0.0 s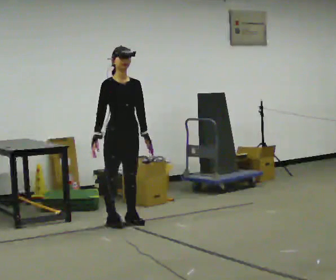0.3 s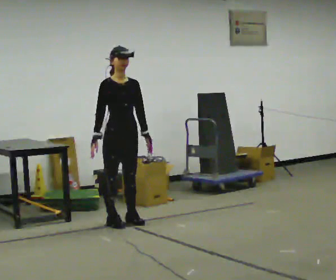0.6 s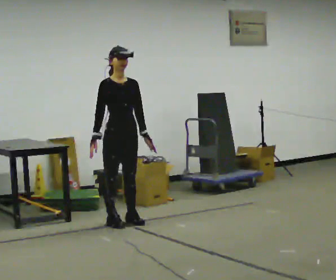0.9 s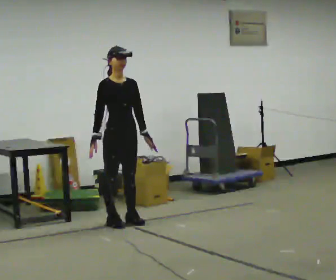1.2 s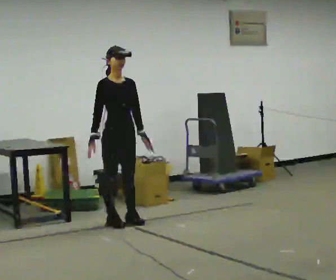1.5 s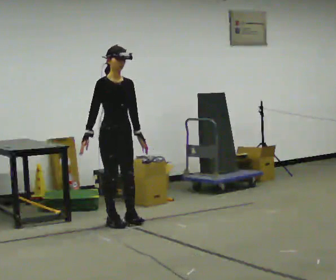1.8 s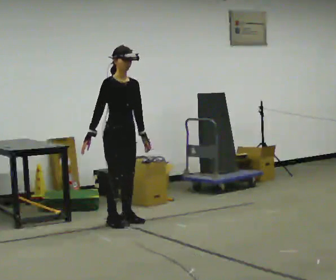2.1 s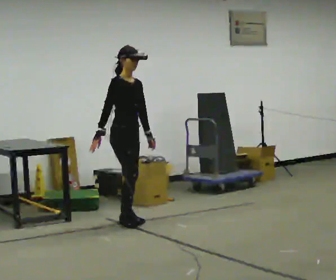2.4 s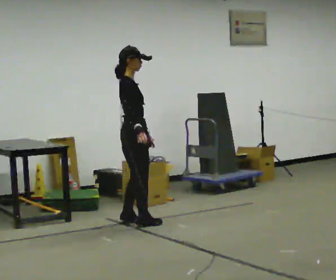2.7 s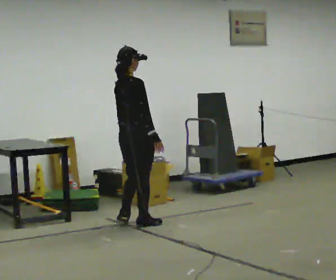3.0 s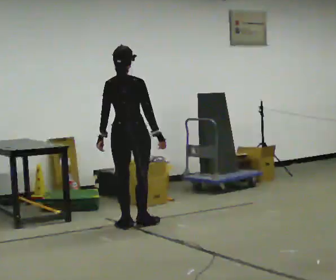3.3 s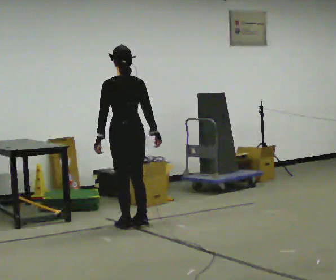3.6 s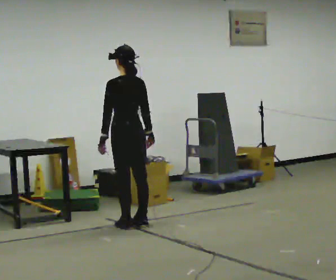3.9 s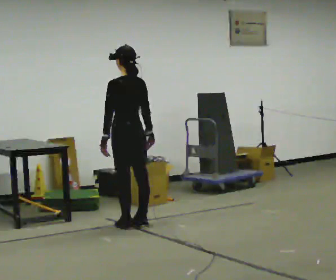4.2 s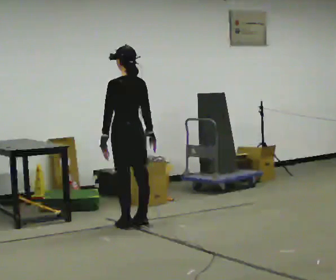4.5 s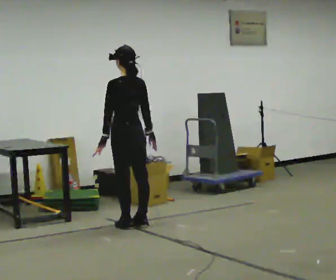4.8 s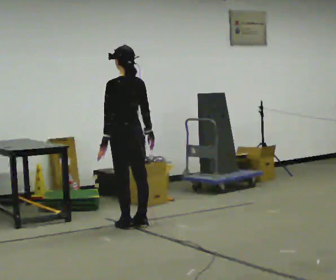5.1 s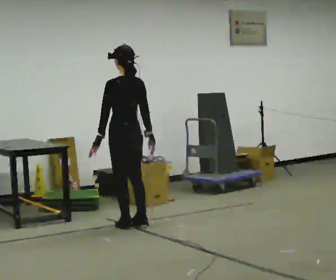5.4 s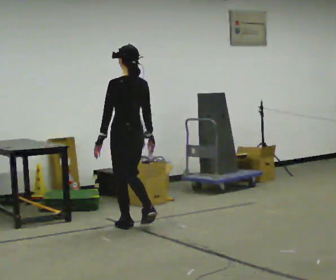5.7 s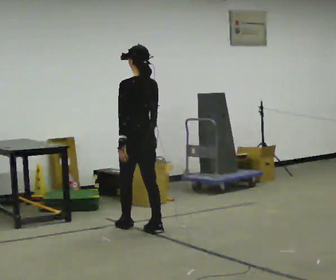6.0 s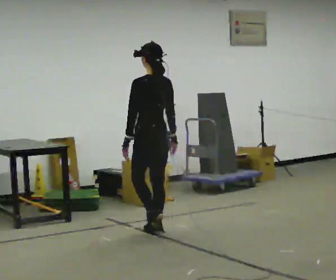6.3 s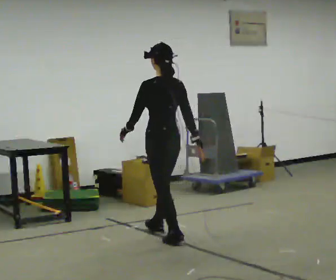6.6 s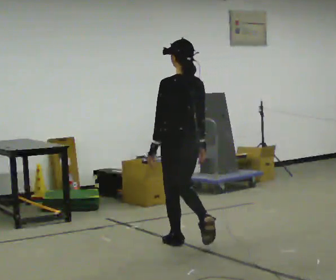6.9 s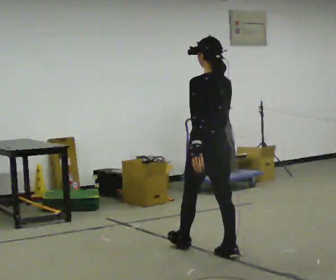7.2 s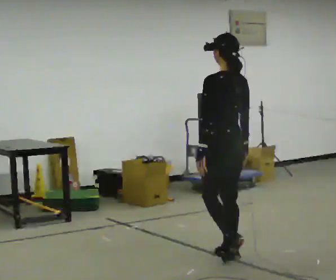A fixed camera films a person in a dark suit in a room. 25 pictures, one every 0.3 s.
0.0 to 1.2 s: The person moves a little, or ends about where they began.
1.2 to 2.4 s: Seen from above the body turns counterclockwise, about 45 degrees: to their left, with its near side sliding to the right. In the picture their right hand goes to the right.
2.4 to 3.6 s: Seen from above the body turns counterclockwise, about 120 degrees: to their left, with its near side sliding to the right.
3.6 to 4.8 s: The person moves a little, or ends about where they began.
4.8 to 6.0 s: In the picture they go toward the camera and to the right, about 0.5 m in 2 steps, which for them is backward.
6.0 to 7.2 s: In the picture they go toward the camera and to the right, about 1 m in 2 steps, which for them is backward.
The film runs backward here.
